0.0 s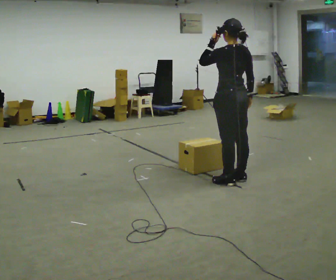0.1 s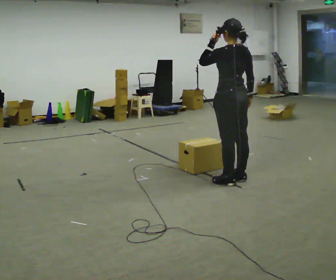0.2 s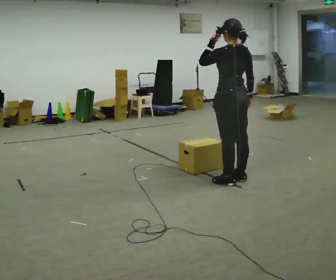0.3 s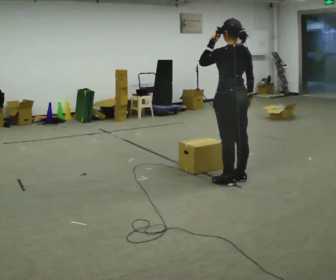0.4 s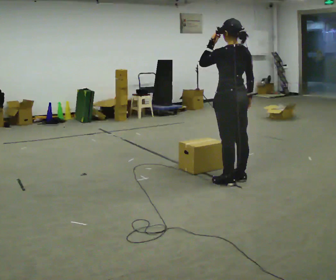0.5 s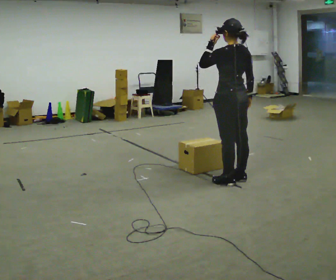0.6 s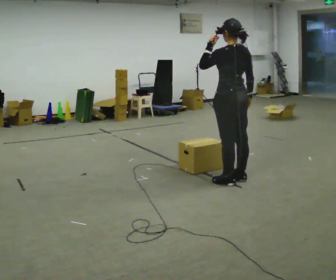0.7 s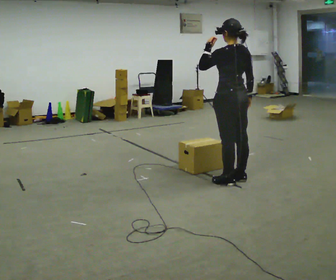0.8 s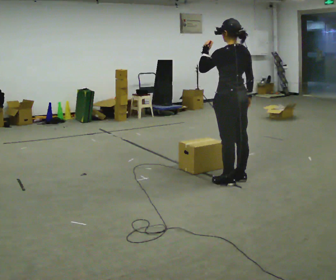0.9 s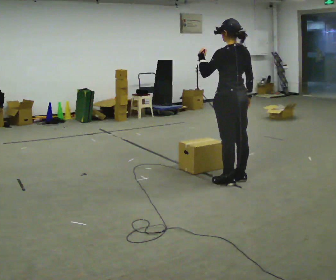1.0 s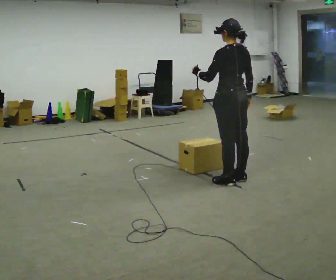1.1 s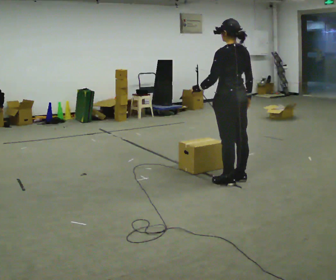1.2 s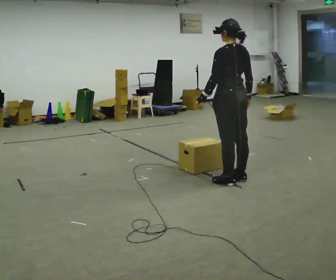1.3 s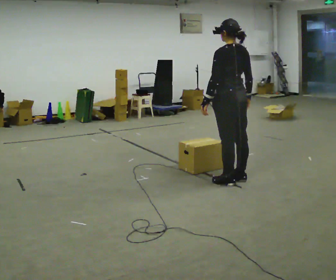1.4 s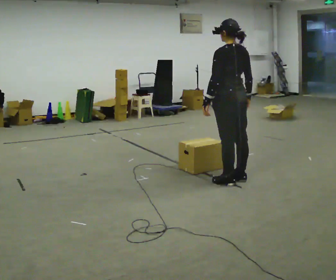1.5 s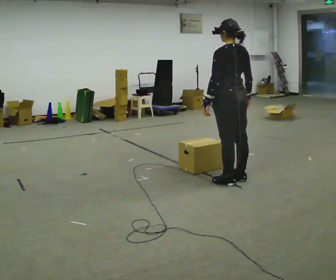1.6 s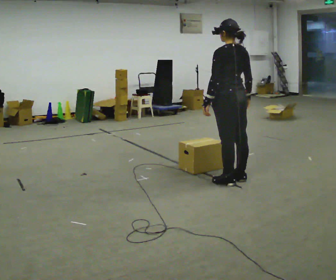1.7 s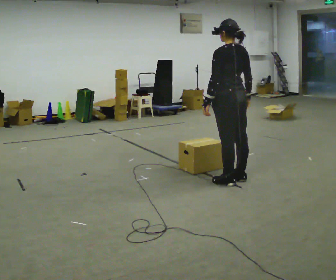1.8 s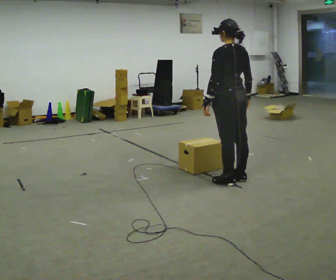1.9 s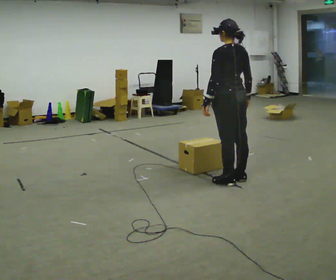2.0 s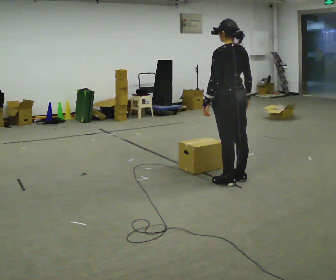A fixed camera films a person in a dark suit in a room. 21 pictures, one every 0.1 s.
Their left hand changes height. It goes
downward.
0.0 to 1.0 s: The person moves a little, or ends about where they began.
1.0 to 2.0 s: In the picture their left hand goes downward.
The film runs backward here.
